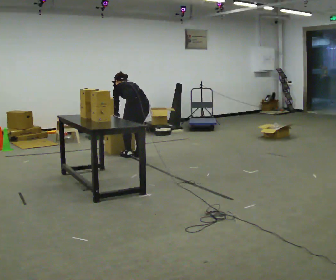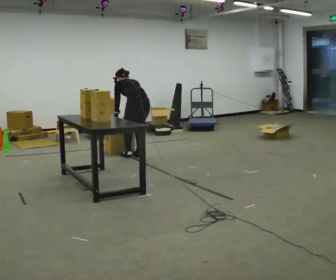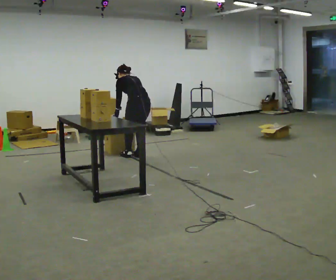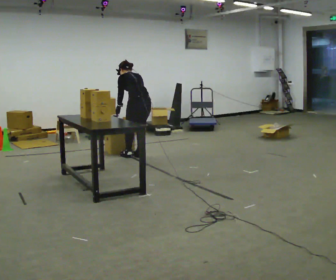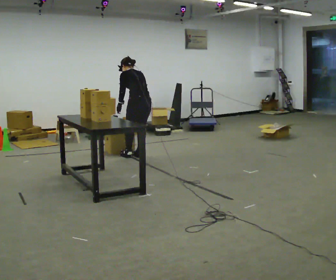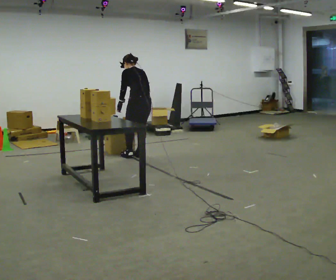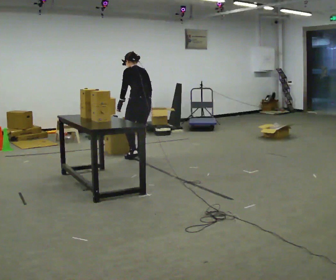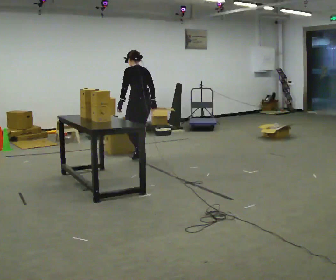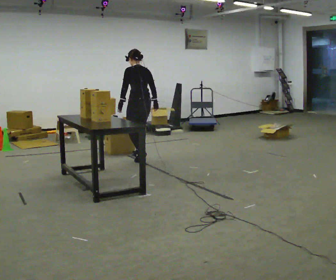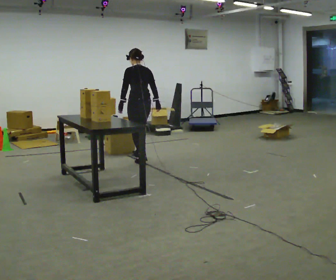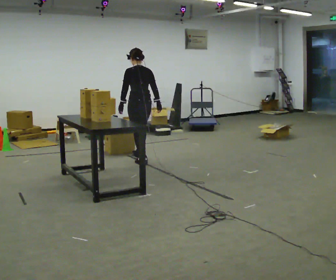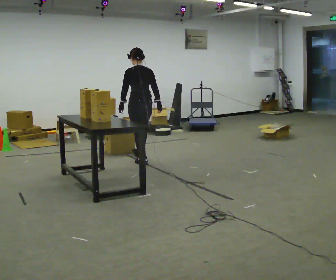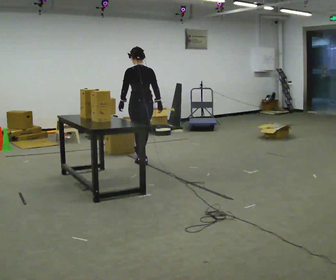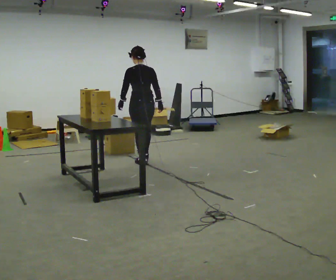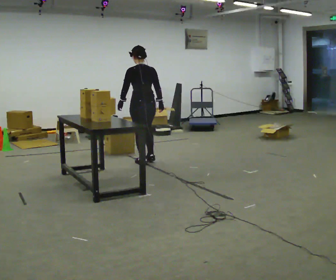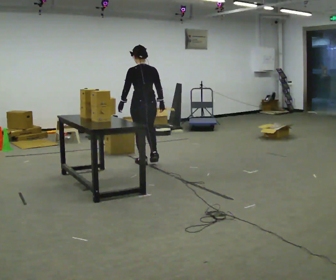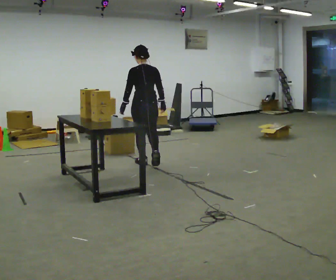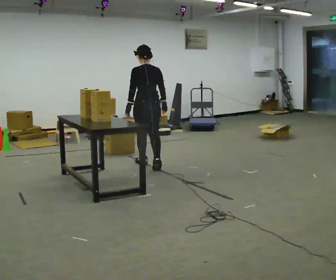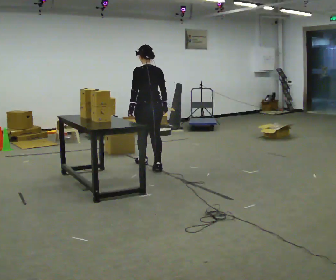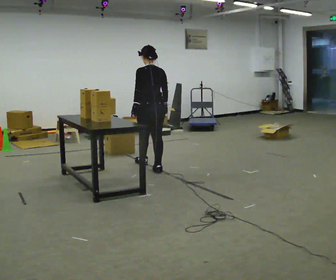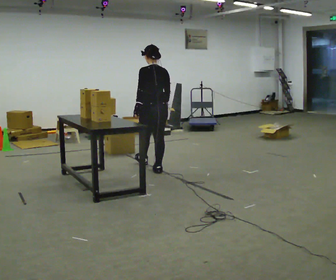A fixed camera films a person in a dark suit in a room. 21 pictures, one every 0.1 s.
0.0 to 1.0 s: The shoulders move upward. The upper body tips toward the camera, its near side rolling downward, as they lean back or straighten. In the picture their right hand goes to the right.
1.0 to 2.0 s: In the picture they go toward the camera, about 0.5 m in 1 step, which for them is backward.
The film runs backward here.
